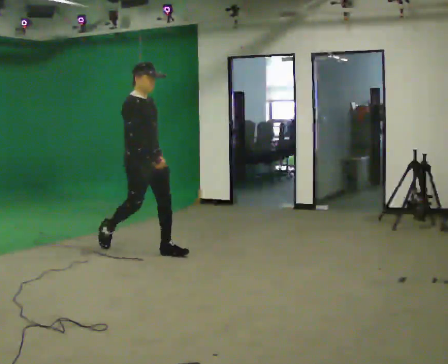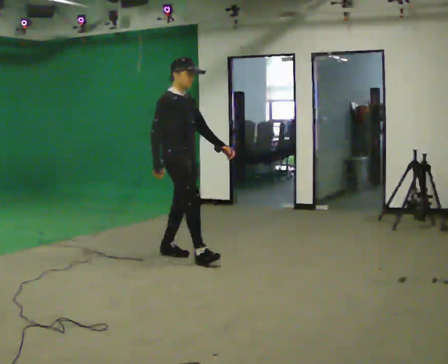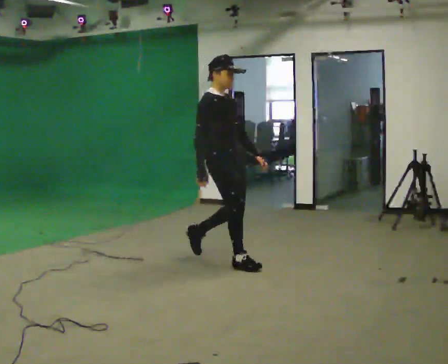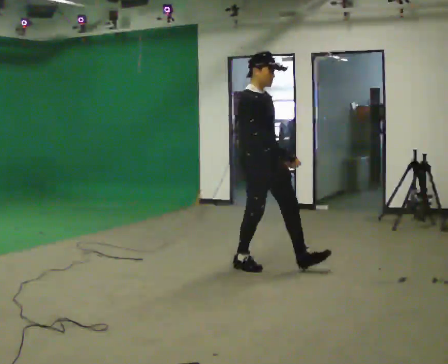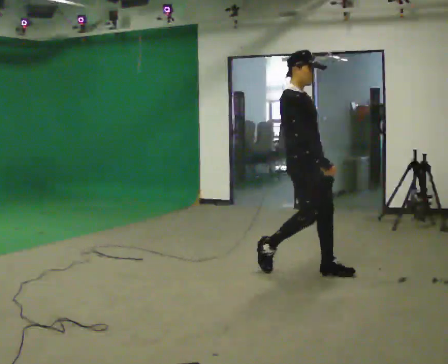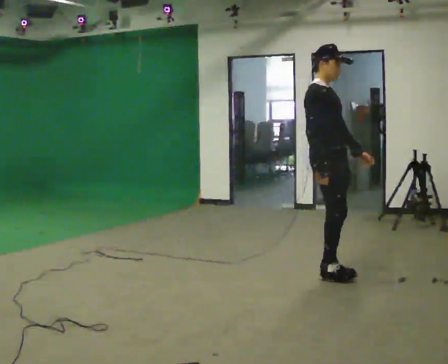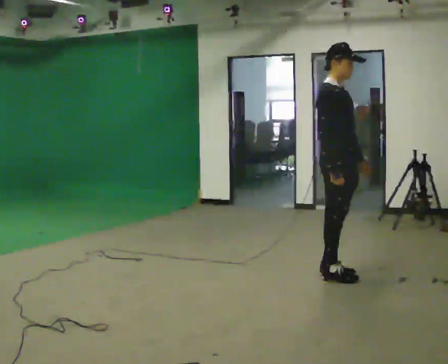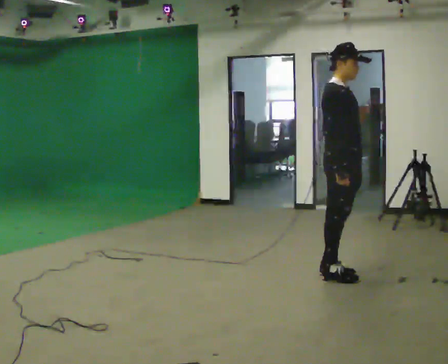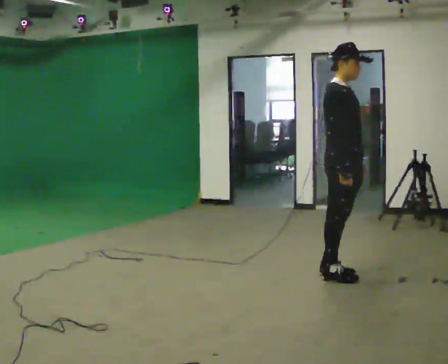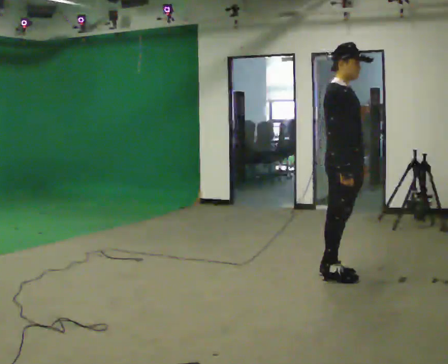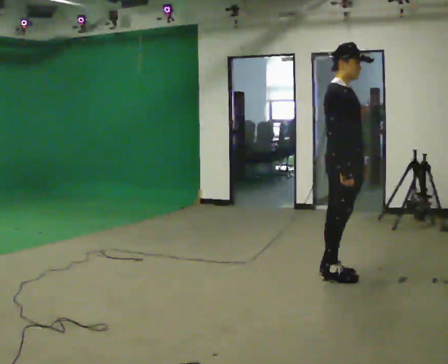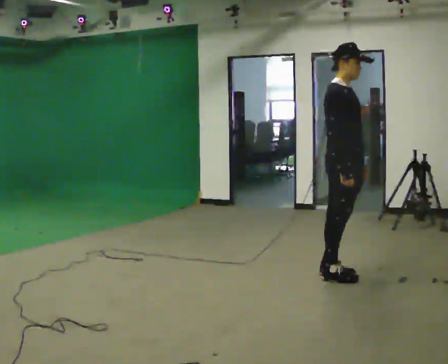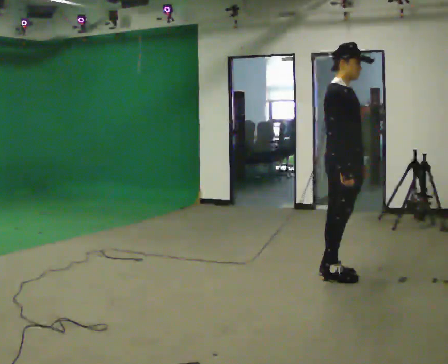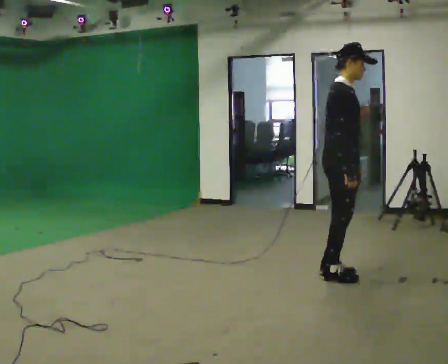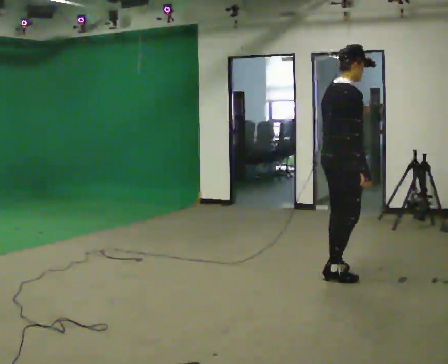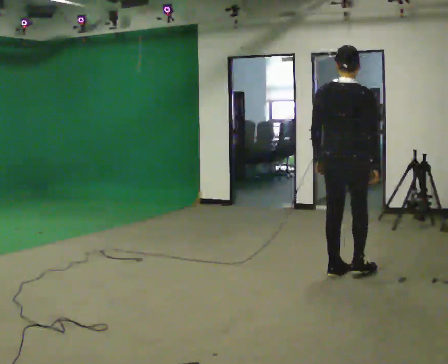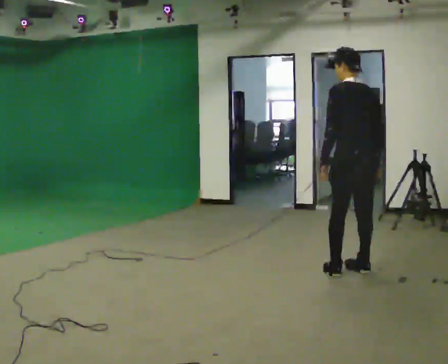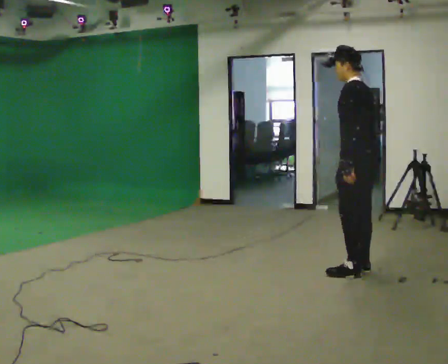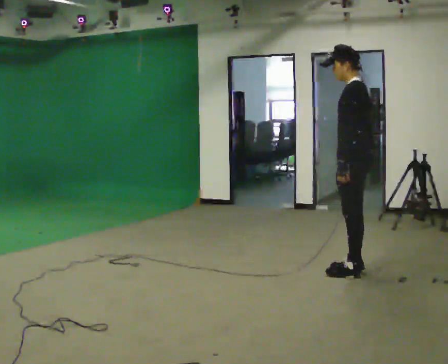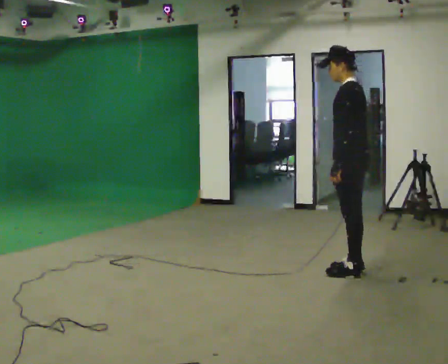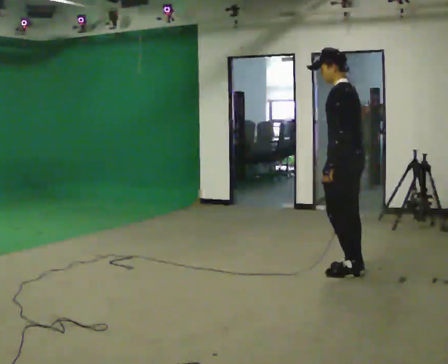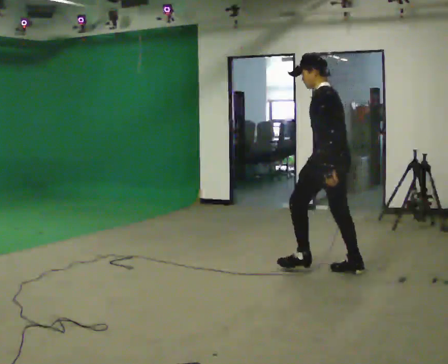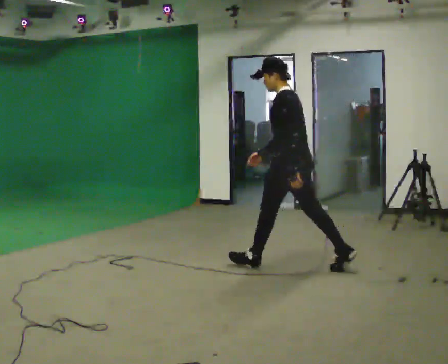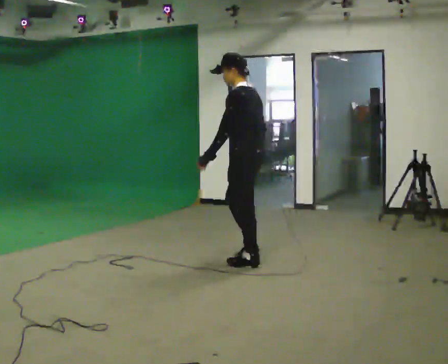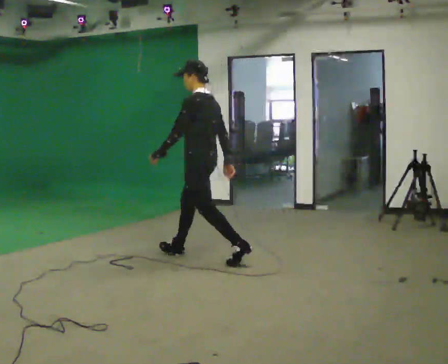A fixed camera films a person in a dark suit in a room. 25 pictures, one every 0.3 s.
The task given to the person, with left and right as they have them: Walk quickly but do not run; remain comfortable and controlled; stop.
0.0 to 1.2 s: In the picture they go to the right, about 1.5 m in 2 steps, which for them is forward.
1.2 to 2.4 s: In the picture they go to the right, about 0.25 m in 1 step, which for them is forward.
2.4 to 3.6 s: The person keeps their place and pose.
3.6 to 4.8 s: The part of the body nearest the lens slides to the right as the person turns to their left by about 150 degrees. In the picture they go to the right, about 0.25 m in 1 step.
4.8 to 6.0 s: Seen from above the body turns counterclockwise, about 30 degrees: to their left, with its near side sliding to the right.
6.0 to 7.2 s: In the picture they go to the left, about 1.5 m in 2 steps, which for them is forward.
The film runs forward here.
